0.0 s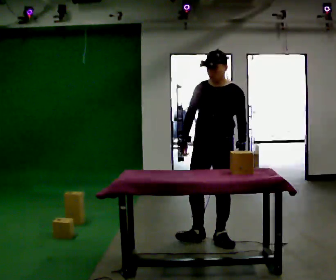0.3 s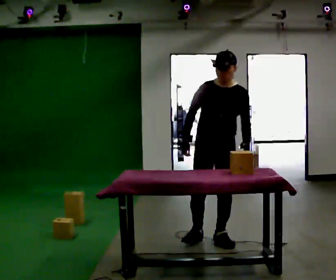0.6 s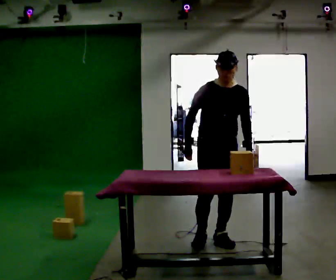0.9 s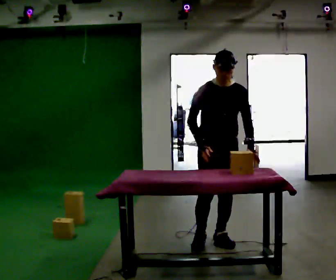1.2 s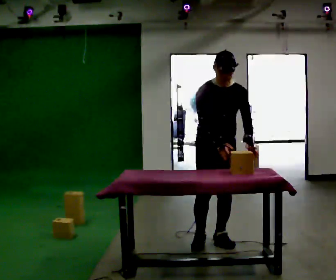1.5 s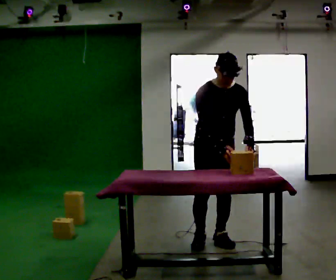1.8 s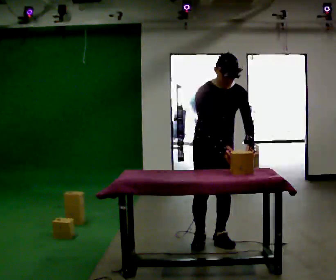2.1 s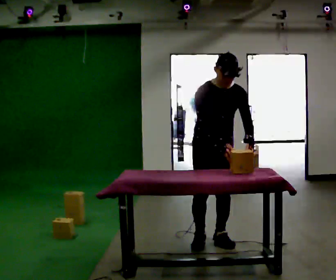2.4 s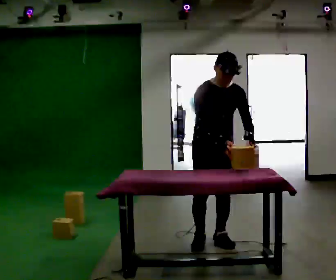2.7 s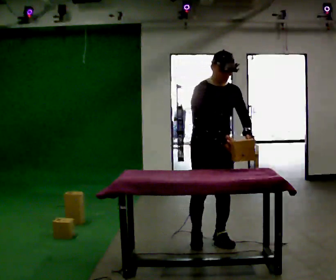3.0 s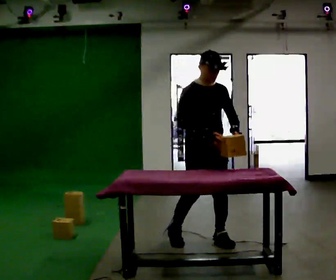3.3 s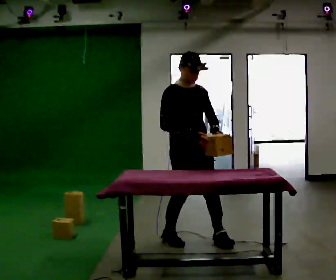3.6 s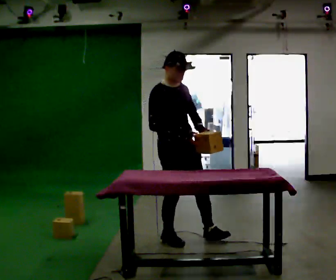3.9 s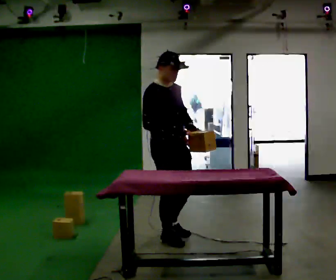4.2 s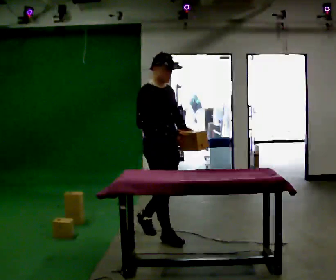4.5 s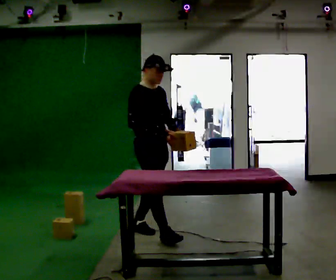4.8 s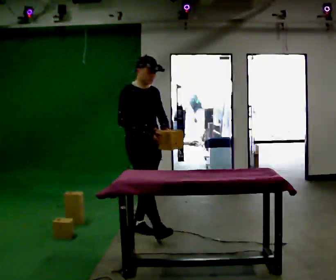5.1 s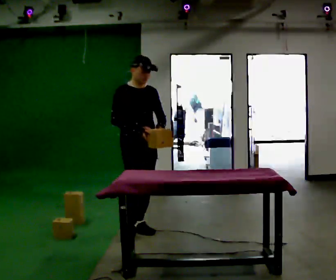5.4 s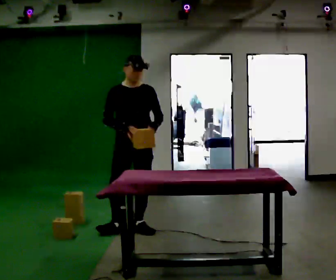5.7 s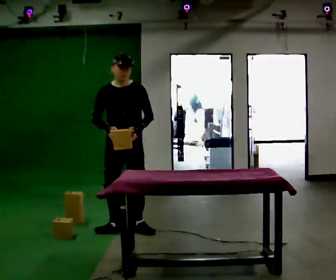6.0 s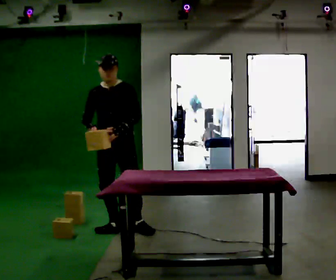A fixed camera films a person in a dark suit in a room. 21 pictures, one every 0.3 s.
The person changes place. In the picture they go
to the left.
0.0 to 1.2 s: The part of the body nearest the lens slides to the right as the person turns to their left by about 30 degrees.
1.2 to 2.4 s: The person moves a little, or ends about where they began.
2.4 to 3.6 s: The person turns about 30 degrees to their left, counterclockwise seen from above, so the part of the body nearest the lens slides to the right. In the picture they go to the left, about 0.25 m in 2 steps, which for them is to their right. In the picture the upper body tilts counterclockwise, shoulders to the left, as they lean back or straighten.
3.6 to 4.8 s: In the picture they go to the left and away from the camera, about 0.5 m in 1 step, which for them is backward.
4.8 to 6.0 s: Seen from above the body turns clockwise, about 60 degrees: to their right, with its near side sliding to the left. In the picture they go to the left, about 0.25 m, which for them is to their right. In the picture their left hand goes to the left.
The film runs backward here.
